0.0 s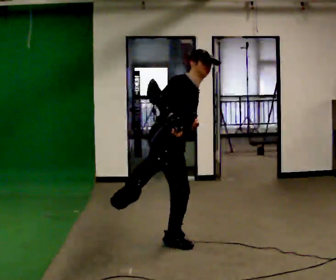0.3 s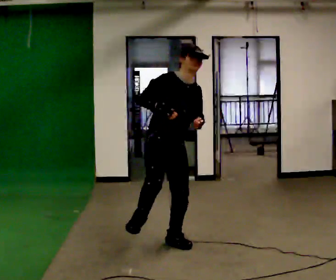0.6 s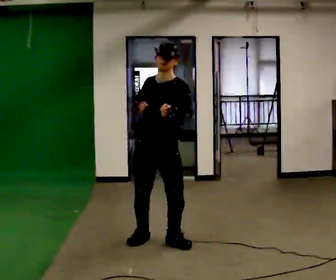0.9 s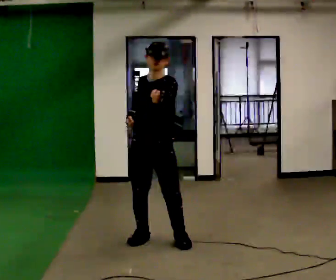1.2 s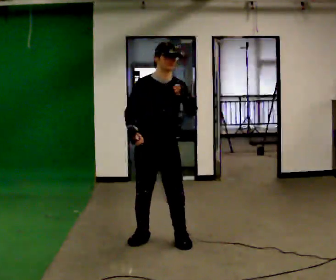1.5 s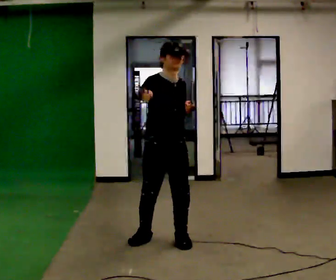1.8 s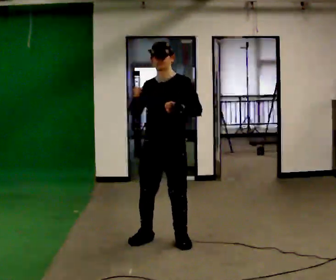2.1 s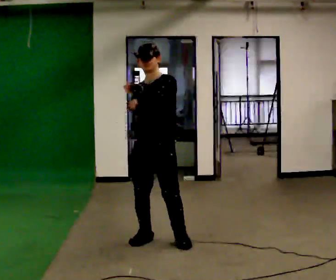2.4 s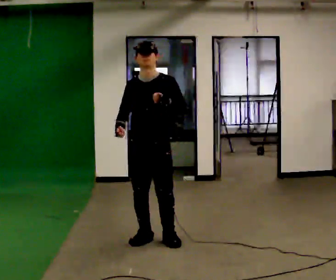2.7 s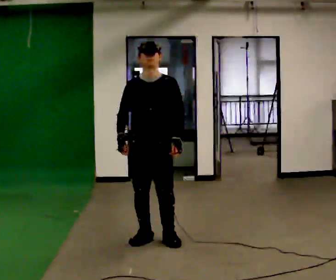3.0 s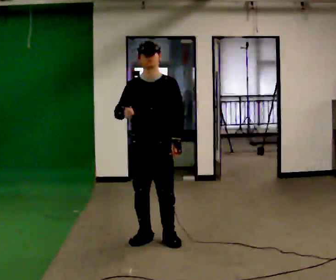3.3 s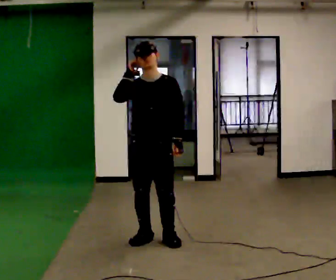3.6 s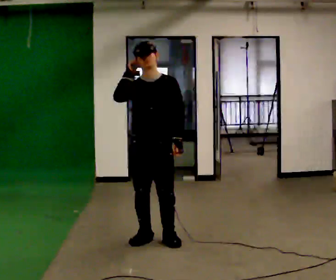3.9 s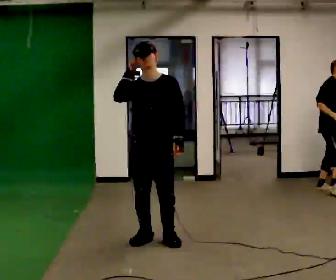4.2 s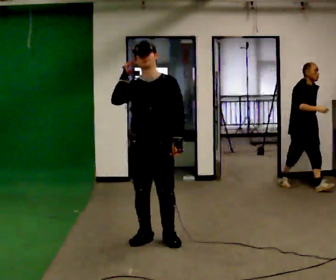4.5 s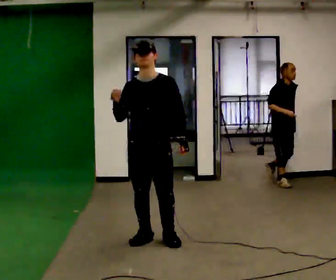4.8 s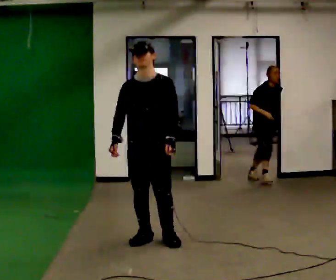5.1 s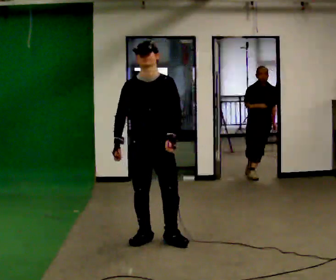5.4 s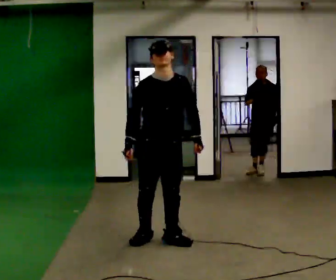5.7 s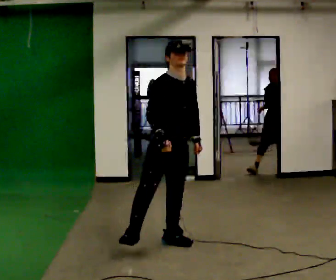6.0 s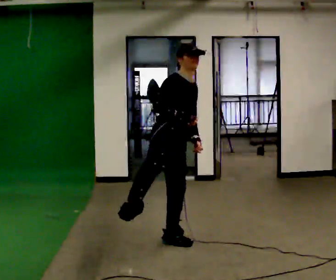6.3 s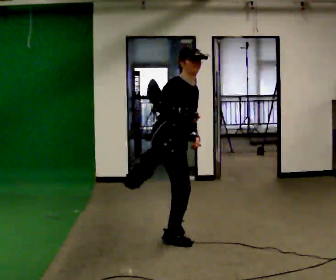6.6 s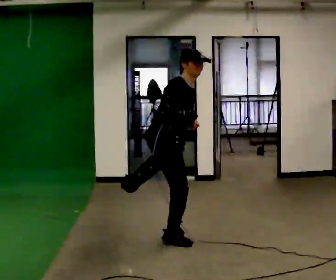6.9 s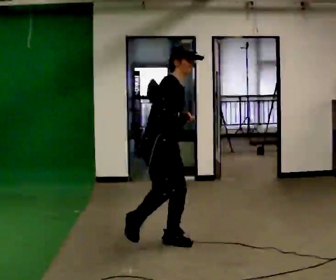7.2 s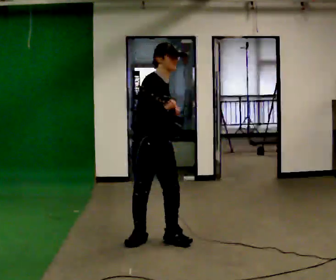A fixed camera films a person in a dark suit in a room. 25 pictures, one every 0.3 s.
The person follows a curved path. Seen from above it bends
counterclockwise.
0.0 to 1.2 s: The person turns about 60 degrees to their right, clockwise seen from above, so the part of the body nearest the lens slides to the left. In the picture they go away from the camera, about 0.25 m. The upper body tips toward the camera, its near side rolling downward.
1.2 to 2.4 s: The part of the body nearest the lens slides to the left as the person turns to their right by about 30 degrees.
2.4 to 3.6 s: In the picture their right hand goes upward.
3.6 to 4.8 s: In the picture their right hand goes downward.
4.8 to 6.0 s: The person turns about 60 degrees to their left, counterclockwise seen from above, so the part of the body nearest the lens slides to the right. The upper body tips away from the camera, its near side rolling upward. In the picture their right hand goes to the right.
6.0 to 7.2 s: The person moves a little, or ends about where they began.
The film runs backward here.
